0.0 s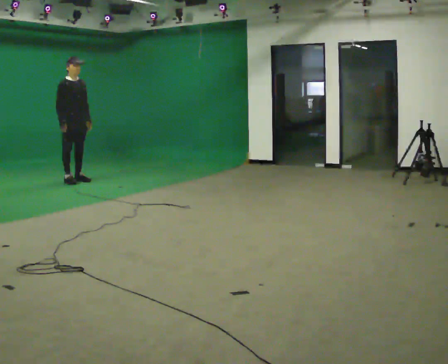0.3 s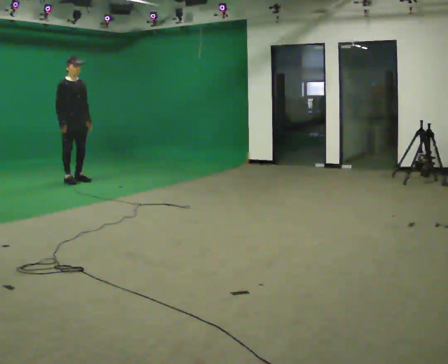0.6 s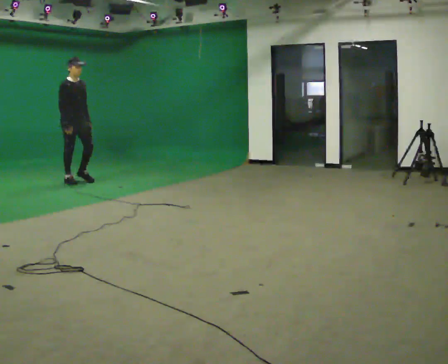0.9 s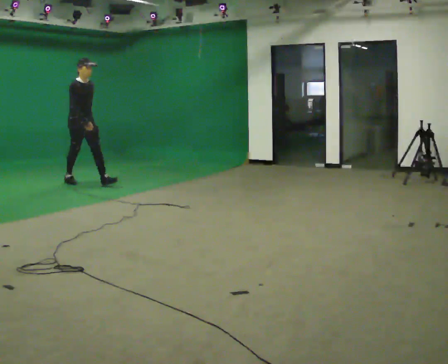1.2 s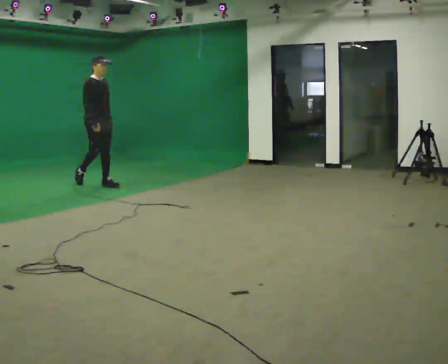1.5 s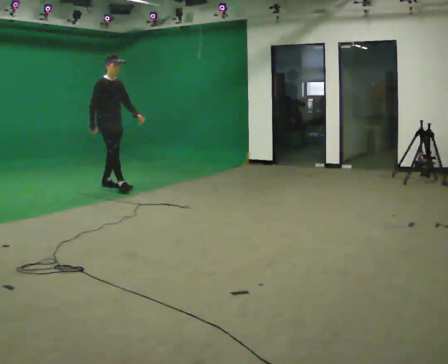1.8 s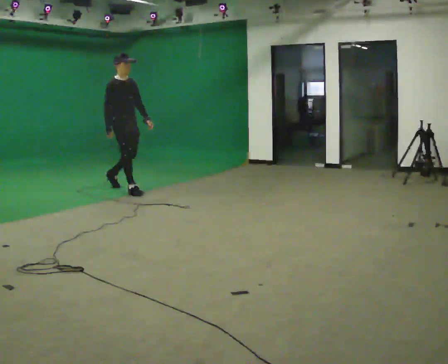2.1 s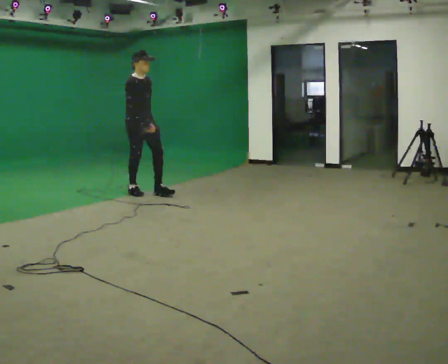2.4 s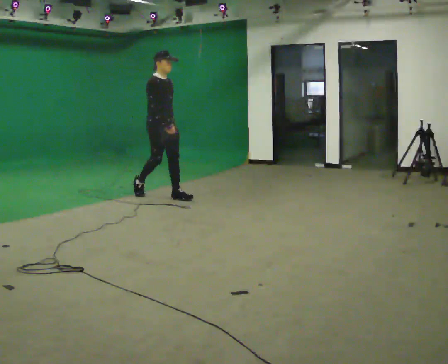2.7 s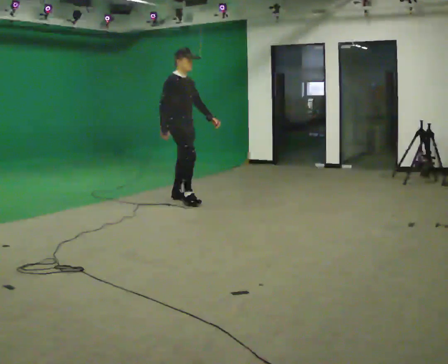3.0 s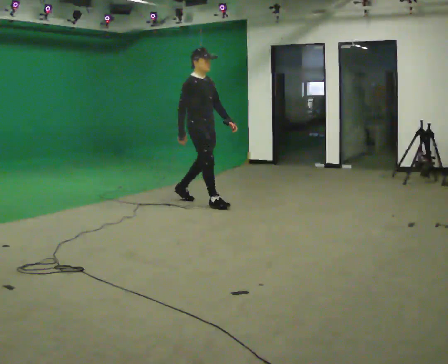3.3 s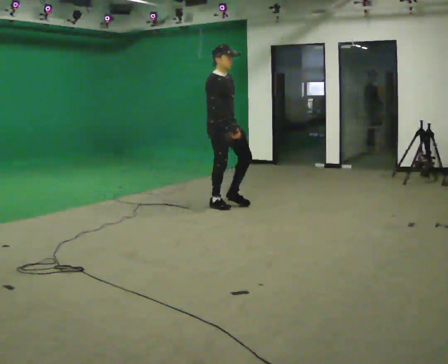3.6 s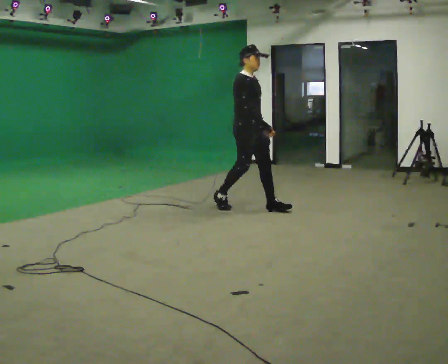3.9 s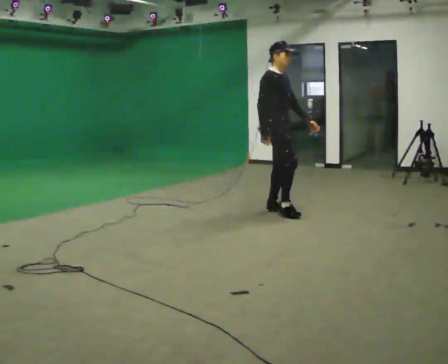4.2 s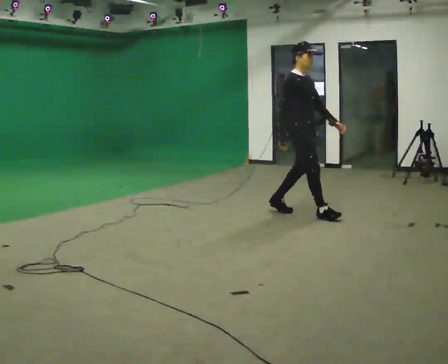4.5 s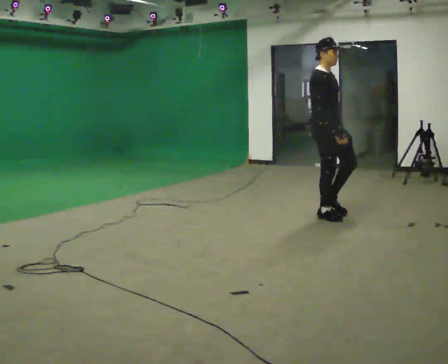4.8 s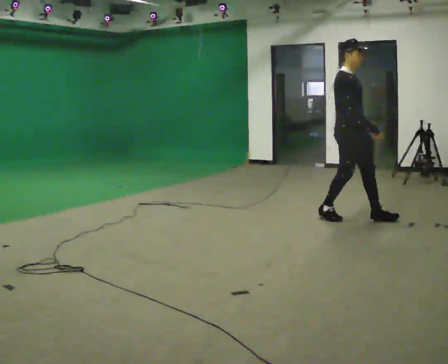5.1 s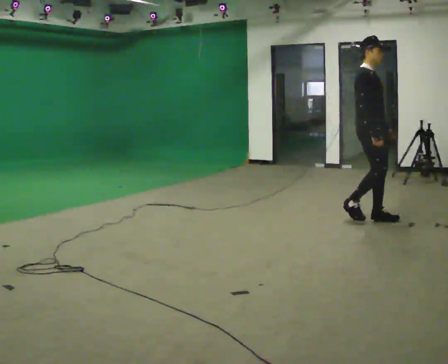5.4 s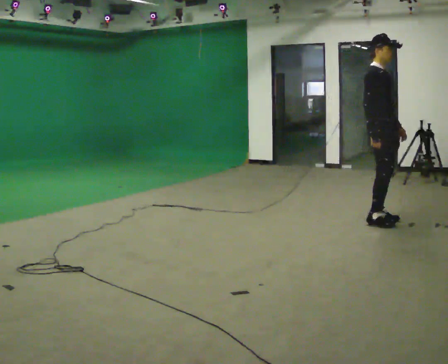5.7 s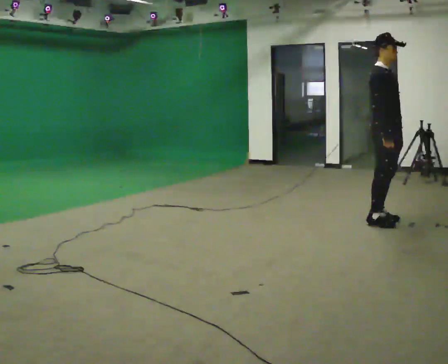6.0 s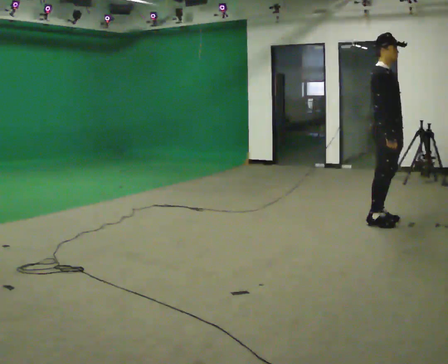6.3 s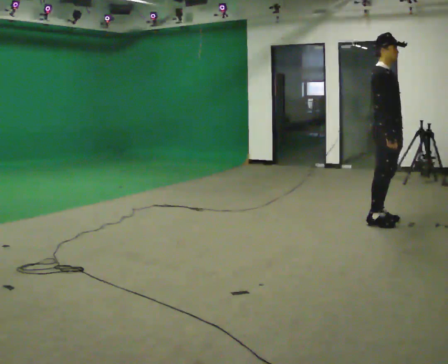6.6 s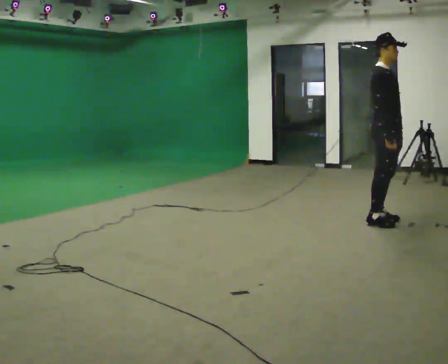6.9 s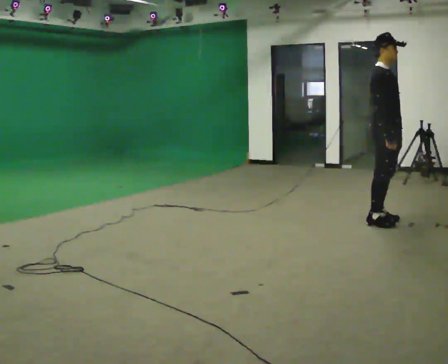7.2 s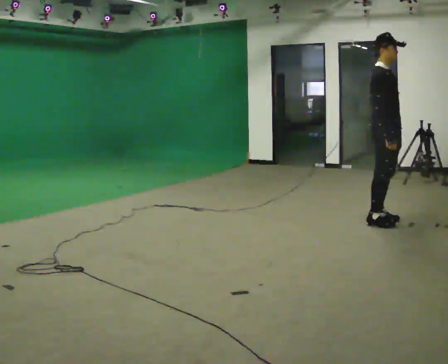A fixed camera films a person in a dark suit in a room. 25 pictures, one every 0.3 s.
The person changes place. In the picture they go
to the right.
0.0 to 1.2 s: In the picture they go to the right and toward the camera, about 0.5 m in 1 step, which for them is forward.
1.2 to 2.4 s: In the picture they go to the right and toward the camera, about 1 m in 2 steps, which for them is forward.
2.4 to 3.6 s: In the picture they go to the right and toward the camera, about 1 m in 2 steps, which for them is forward.
3.6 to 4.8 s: In the picture they go to the right and toward the camera, about 1 m in 2 steps, which for them is forward.
4.8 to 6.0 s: In the picture they go to the right and toward the camera, about 0.25 m in 1 step, which for them is forward.
6.0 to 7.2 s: The person keeps their place and pose.
The film runs forward here.
